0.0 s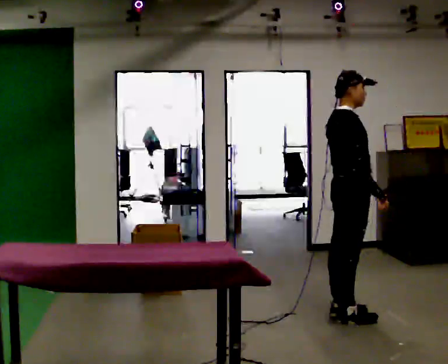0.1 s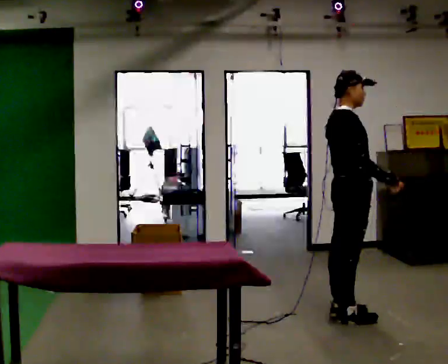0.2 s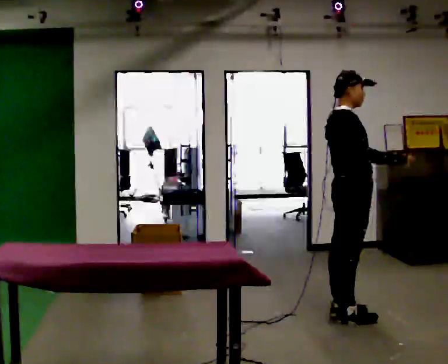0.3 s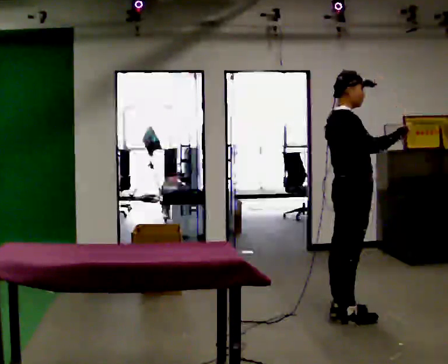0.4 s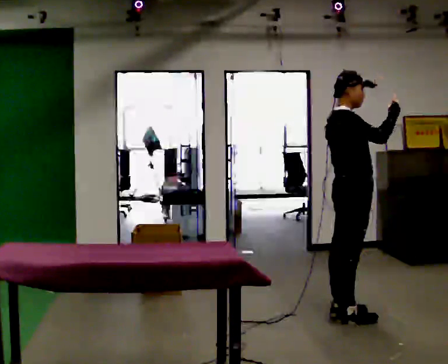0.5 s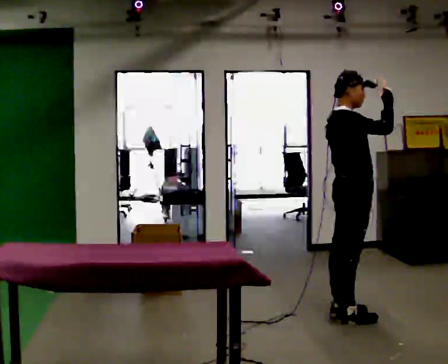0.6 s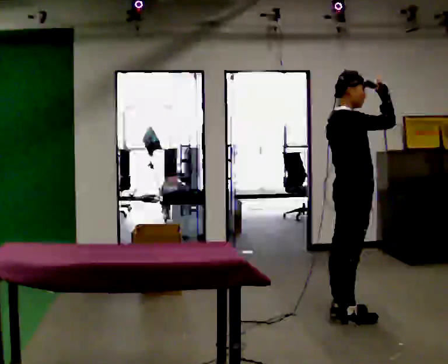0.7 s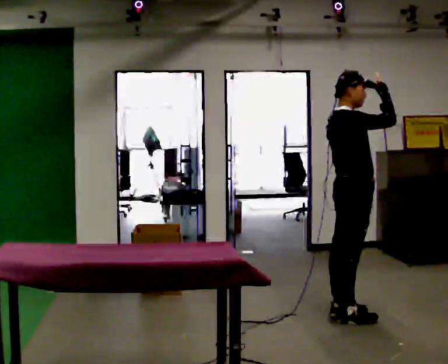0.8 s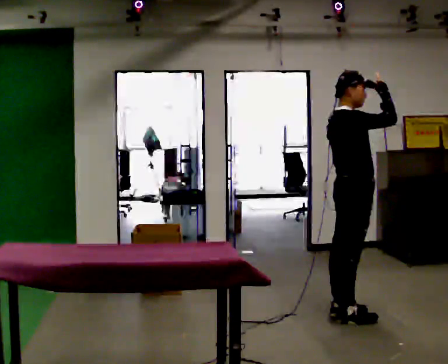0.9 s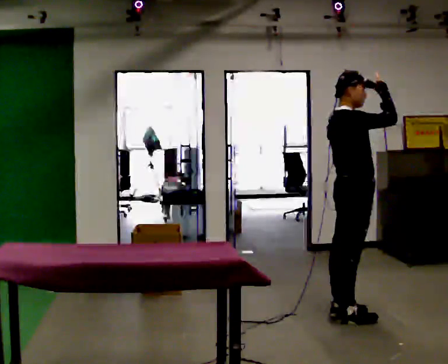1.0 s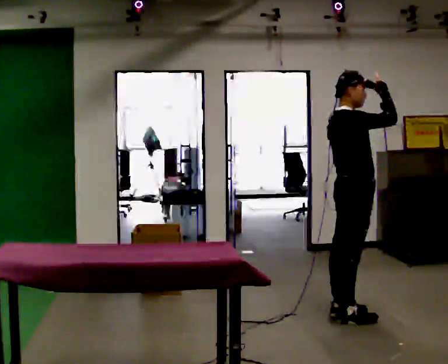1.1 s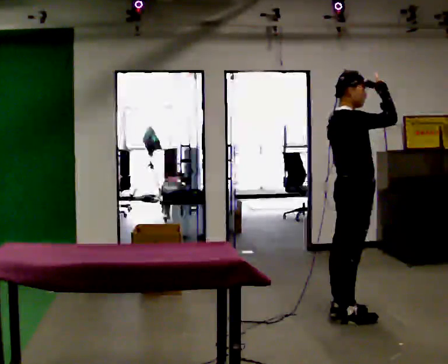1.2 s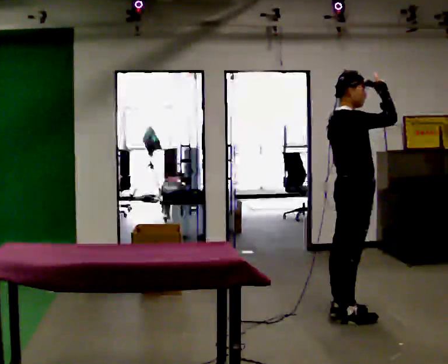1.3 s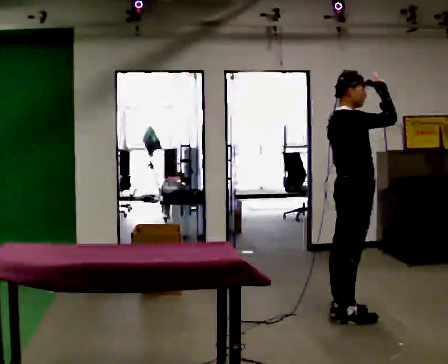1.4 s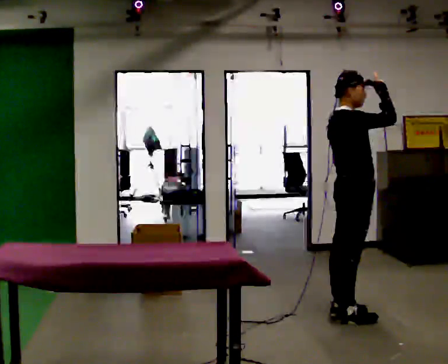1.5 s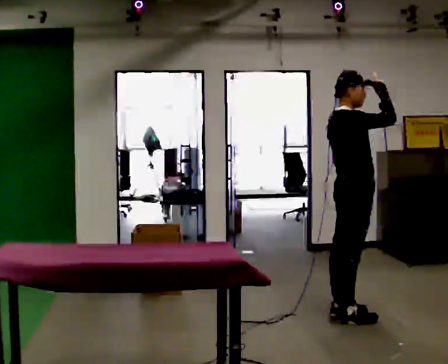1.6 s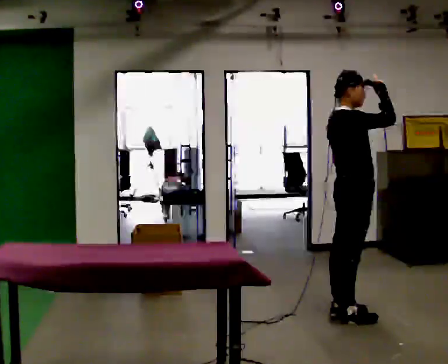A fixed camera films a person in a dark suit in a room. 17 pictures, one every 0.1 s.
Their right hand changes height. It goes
upward.
Their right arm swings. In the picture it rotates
counterclockwise.
0.0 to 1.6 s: In the picture their right hand goes upward, the arm swinging counterclockwise.
The film runs backward here.
